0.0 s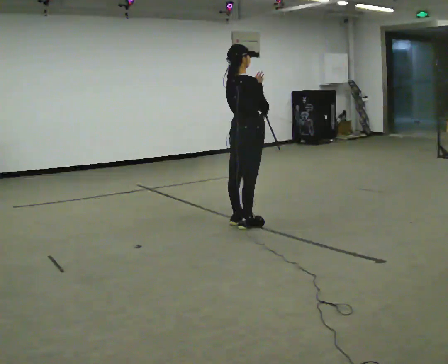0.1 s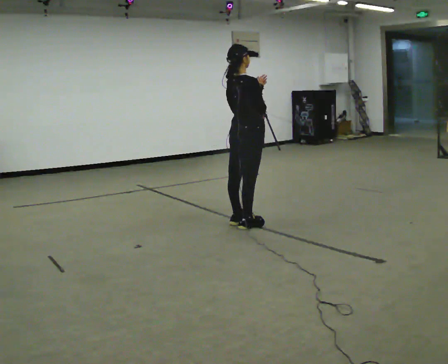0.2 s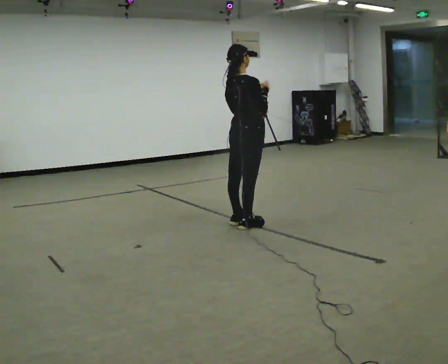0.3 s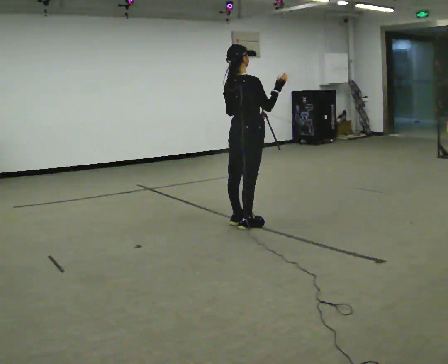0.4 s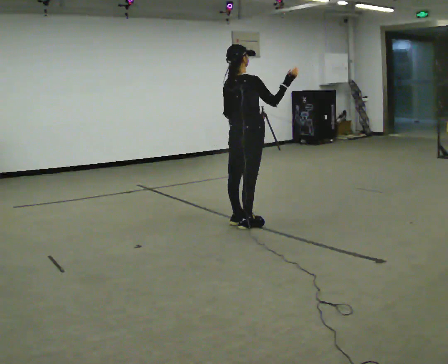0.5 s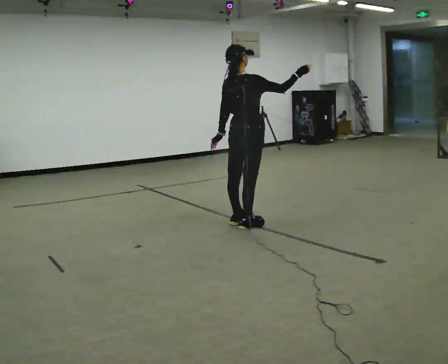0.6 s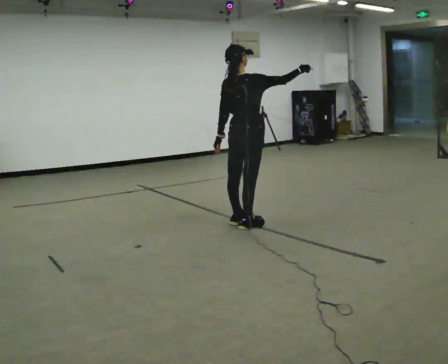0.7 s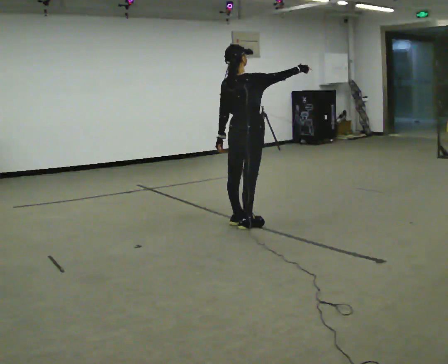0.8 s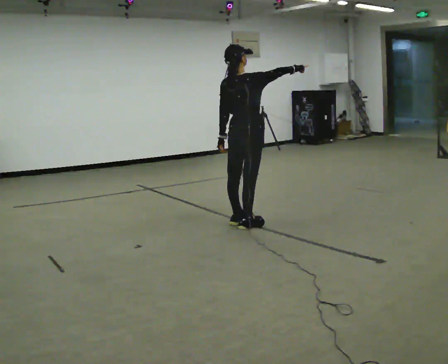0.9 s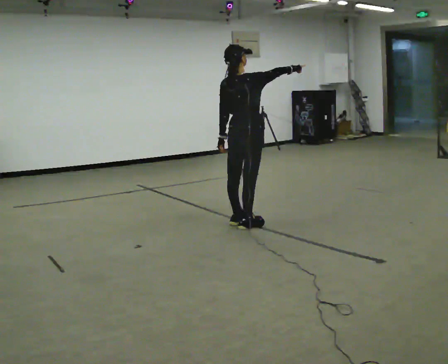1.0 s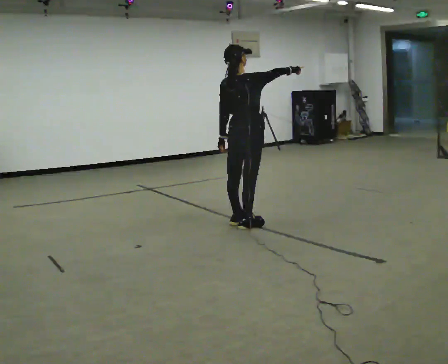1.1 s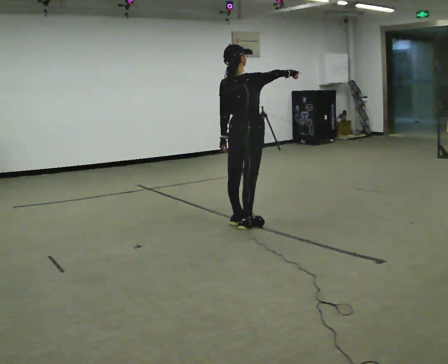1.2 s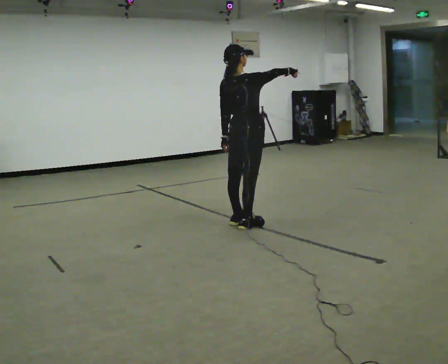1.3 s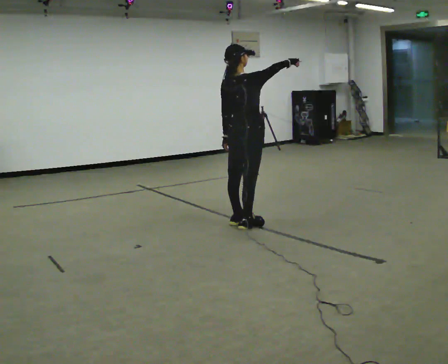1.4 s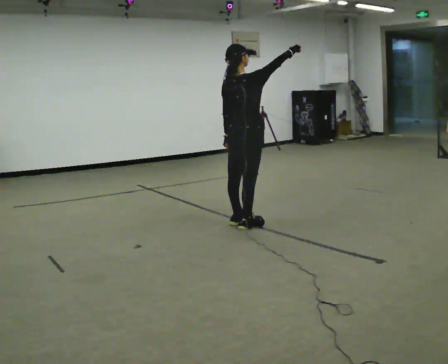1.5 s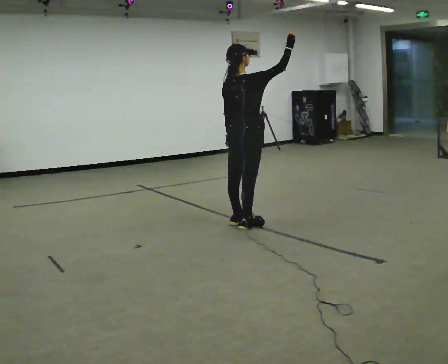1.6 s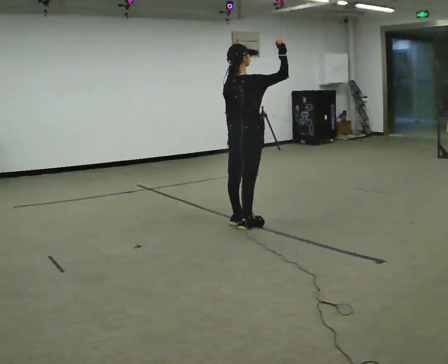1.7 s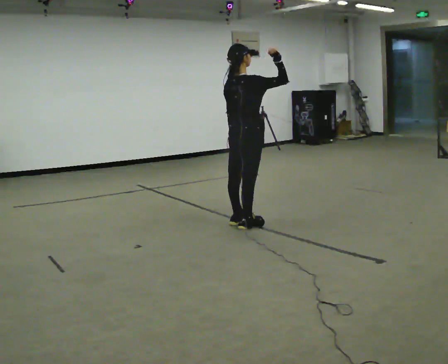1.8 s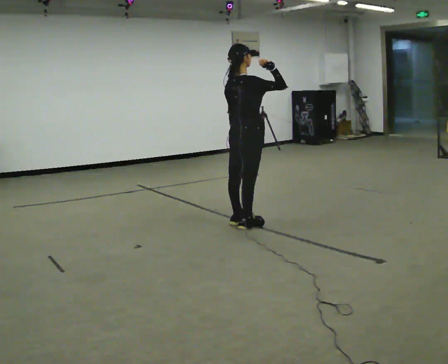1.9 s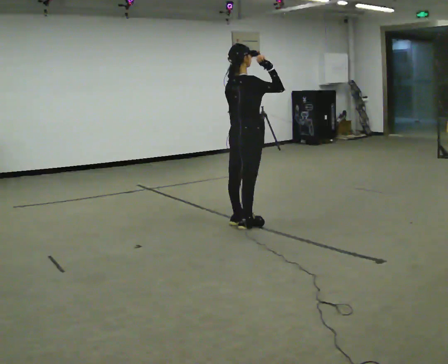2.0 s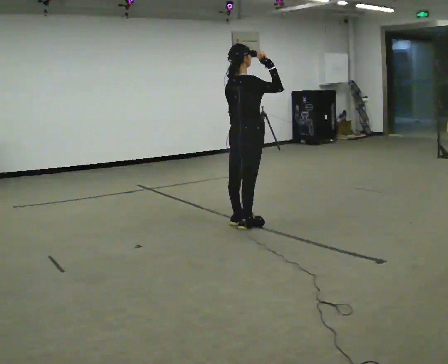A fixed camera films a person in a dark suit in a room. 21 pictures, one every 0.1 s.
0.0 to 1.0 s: In the picture their left hand goes downward.
1.0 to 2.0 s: The person moves a little, or ends about where they began.
The film runs backward here.
